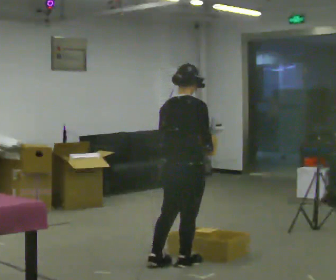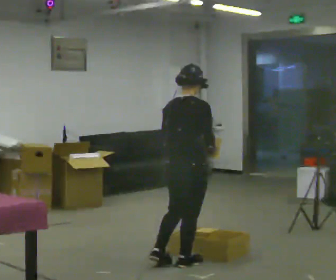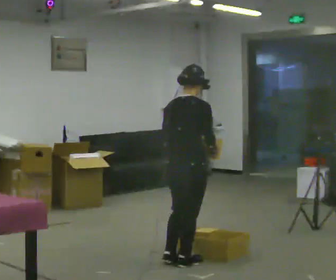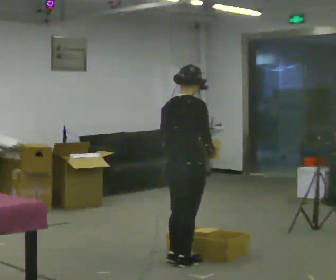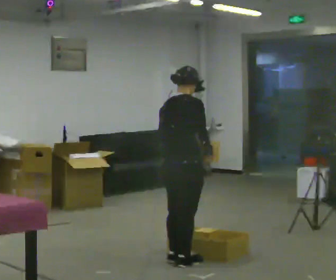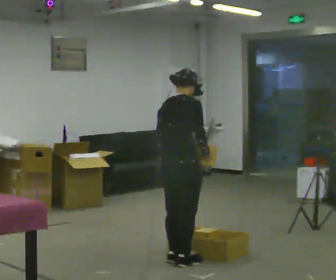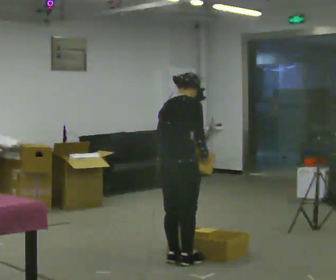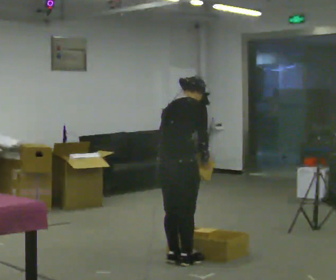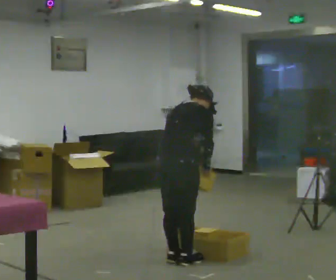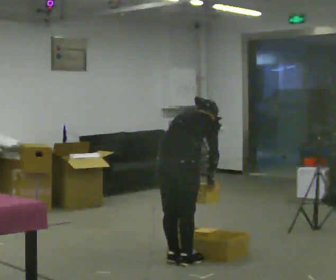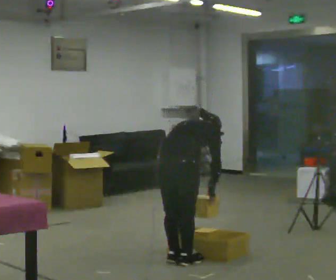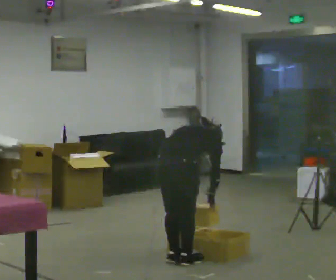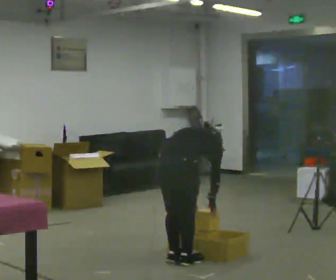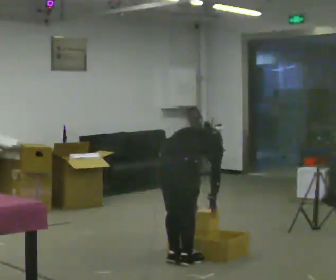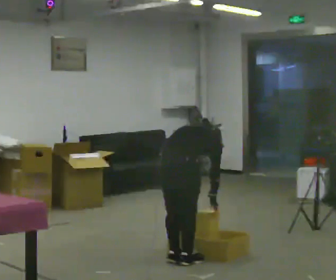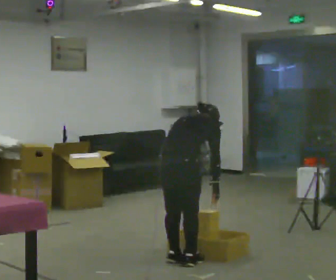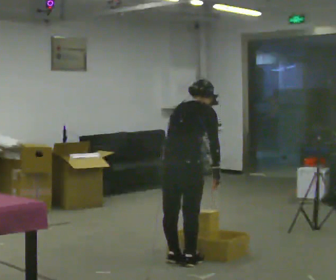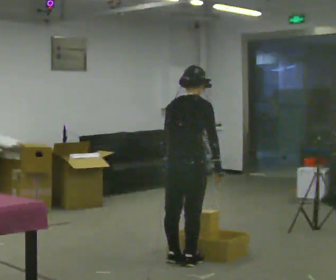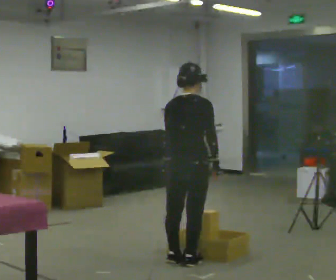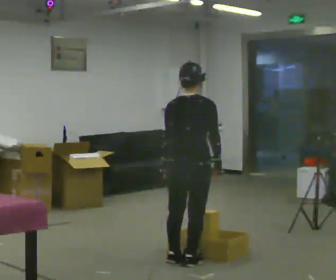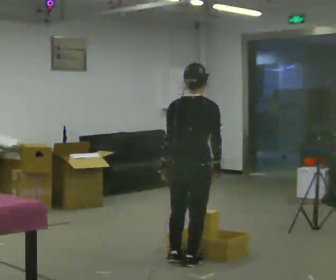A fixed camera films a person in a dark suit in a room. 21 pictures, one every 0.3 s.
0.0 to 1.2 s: The person moves a little, or ends about where they began.
1.2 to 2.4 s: In the picture the upper body tilts clockwise, shoulders to the right, as they bend forward.
2.4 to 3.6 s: The shoulders move downward. The upper body tips away from the camera, its near side rolling upward, as they bend forward. In the picture their left hand goes downward.
3.6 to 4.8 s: The shoulders move upward. The upper body tips toward the camera, its near side rolling downward, as they lean back or straighten.
4.8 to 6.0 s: The upper body tips toward the camera, its near side rolling downward, as they lean back or straighten.
The film runs forward here.
